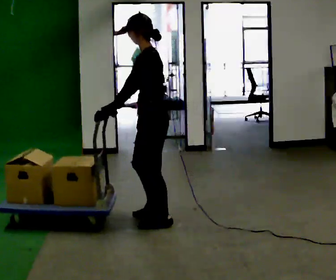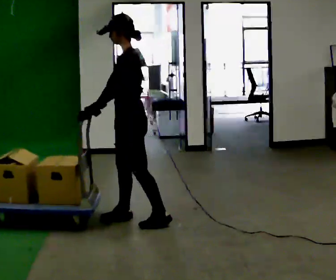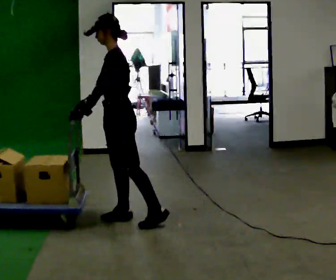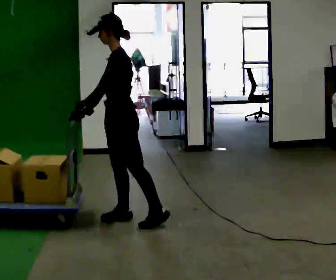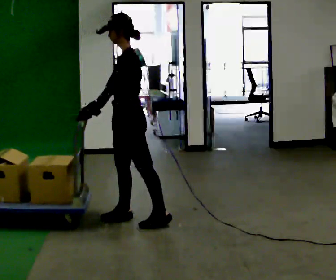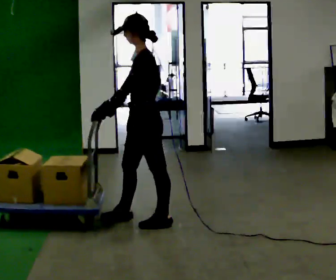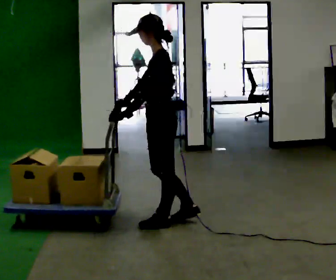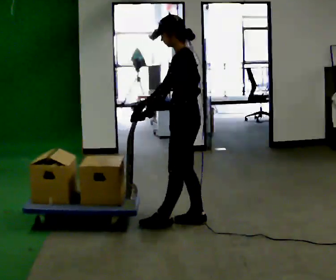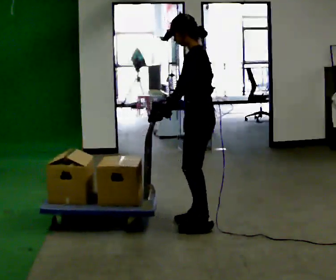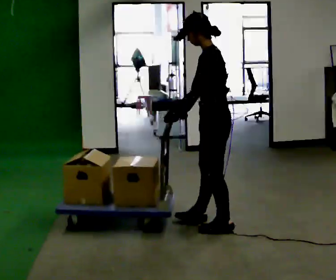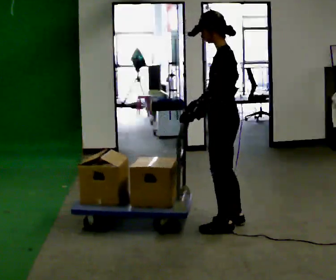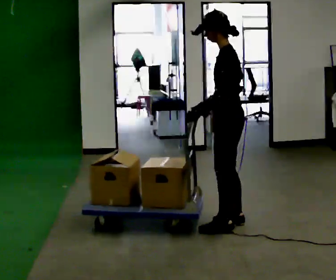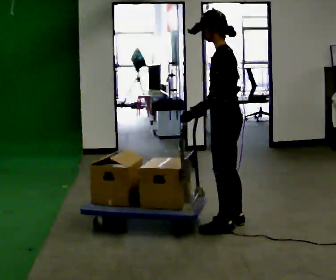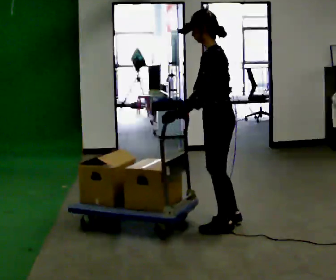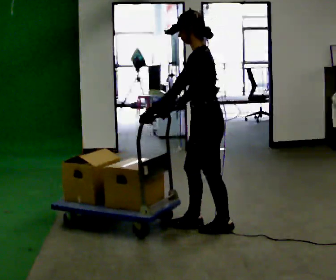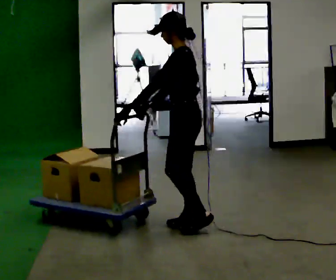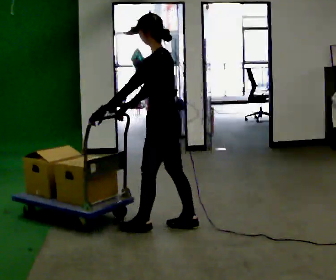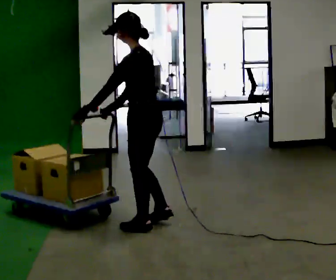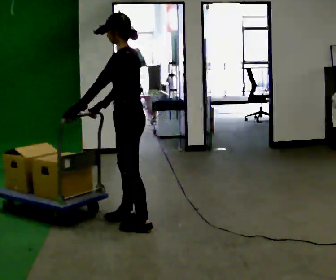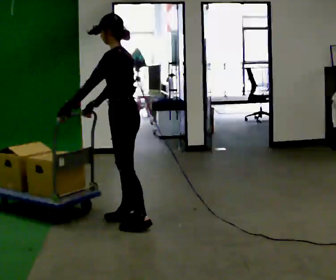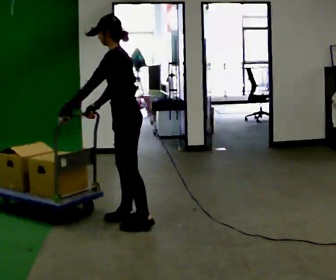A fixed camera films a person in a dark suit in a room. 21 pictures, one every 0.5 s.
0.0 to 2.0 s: In the picture they go to the left, about 0.25 m in 1 step, which for them is forward.
2.0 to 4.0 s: In the picture they go to the right, about 0.5 m in 1 step, which for them is backward.
4.0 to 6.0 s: In the picture they go to the right, about 0.25 m in 2 steps, which for them is backward. In the picture their right hand goes to the right.
6.0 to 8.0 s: In the picture they go to the left, about 0.5 m in 2 steps, which for them is forward.
8.0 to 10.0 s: In the picture they go to the left, about 0.25 m in 1 step, which for them is forward.
The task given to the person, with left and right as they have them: Get the cart into the marked parking space and lined up with the tape. Take as many adjustments as you need. Then take it out again and repeat.
The film runs forward here.
